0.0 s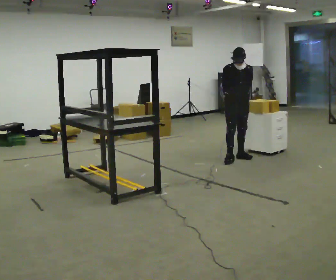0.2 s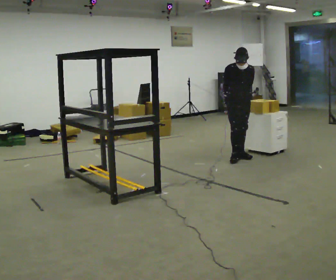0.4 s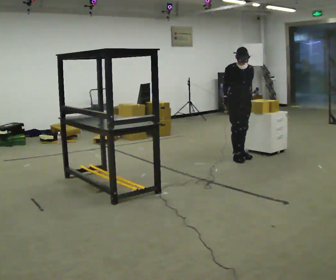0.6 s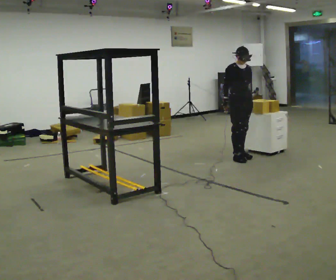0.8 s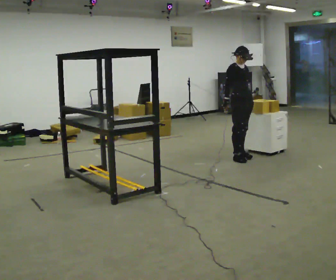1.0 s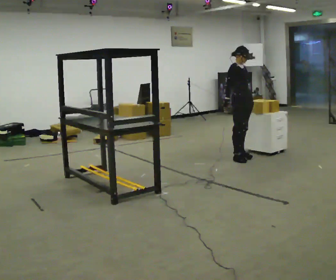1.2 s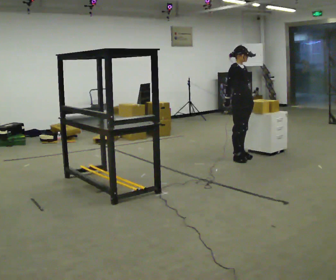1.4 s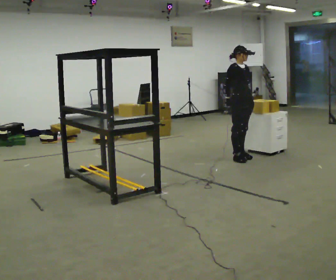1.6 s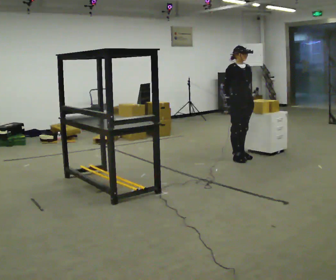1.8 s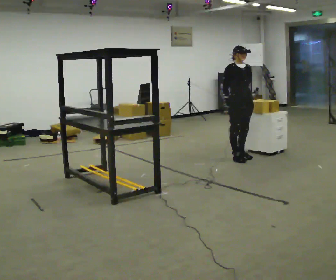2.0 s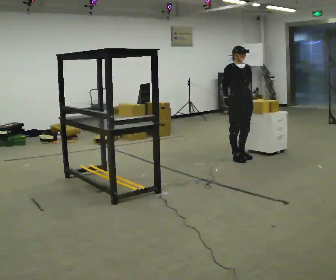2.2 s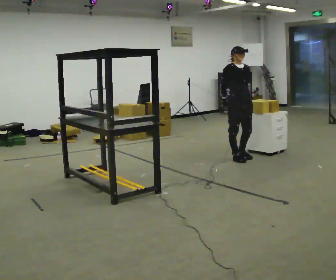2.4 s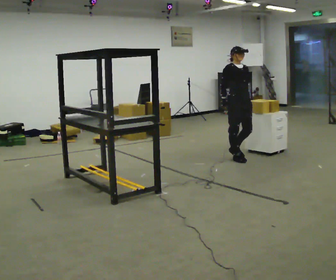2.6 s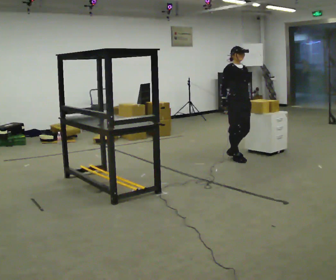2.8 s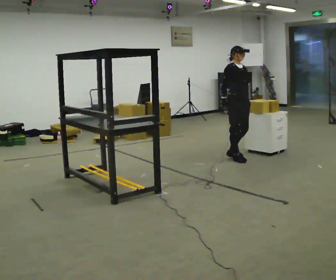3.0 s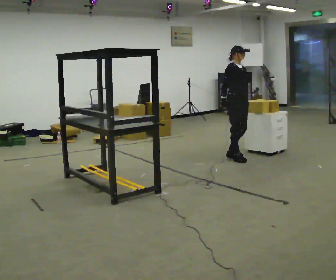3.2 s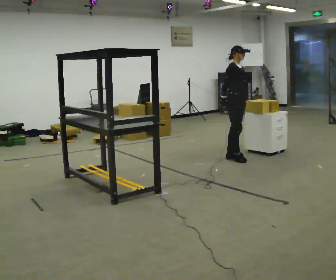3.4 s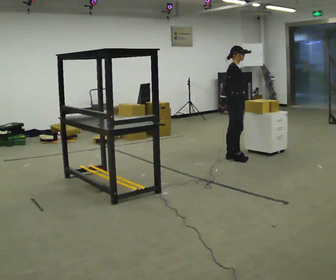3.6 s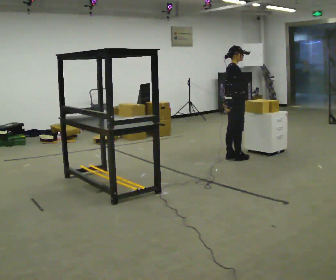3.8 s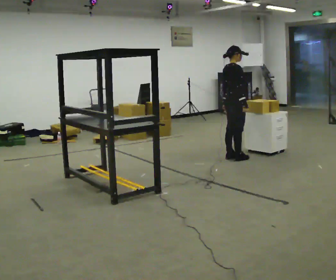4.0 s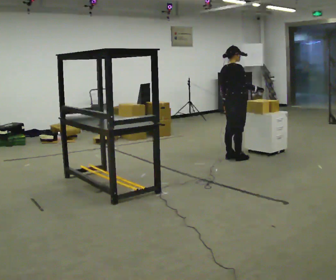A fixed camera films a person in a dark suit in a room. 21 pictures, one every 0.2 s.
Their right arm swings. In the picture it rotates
counterclockwise.
0.0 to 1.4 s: Seen from above the body turns counterclockwise, about 45 degrees: to their left, with its near side sliding to the right.
1.4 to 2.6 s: The person moves a little, or ends about where they began.
2.6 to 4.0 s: The person turns about 75 degrees to their left, counterclockwise seen from above, so the part of the body nearest the lens slides to the right. In the picture their right hand goes to the right, the arm swinging counterclockwise.
The film runs backward here.
